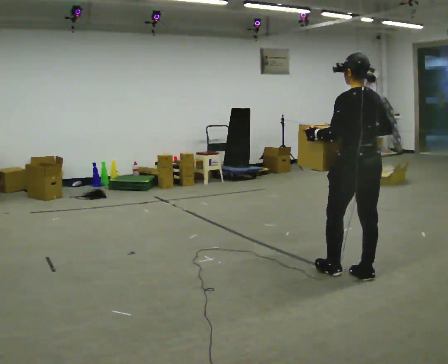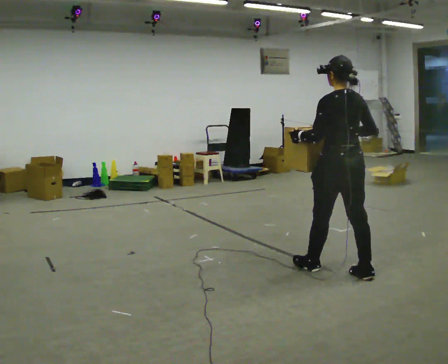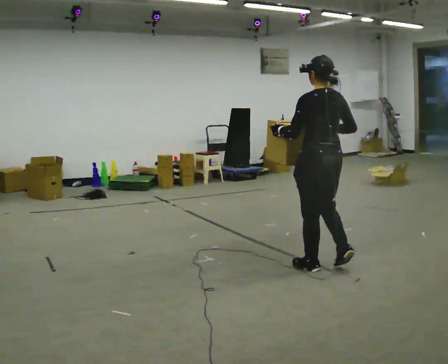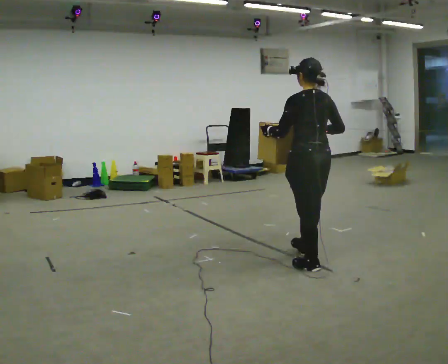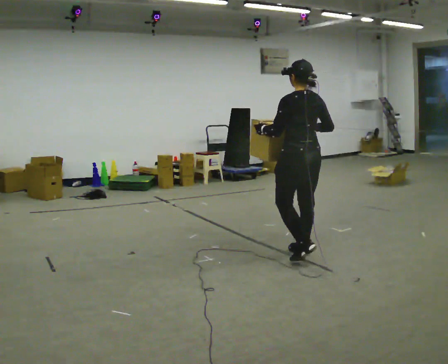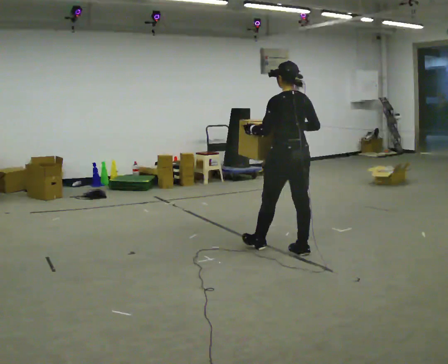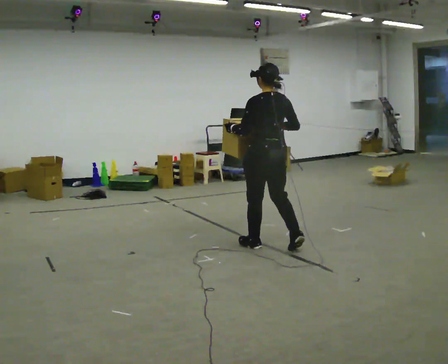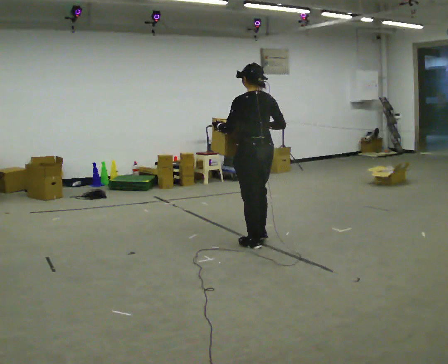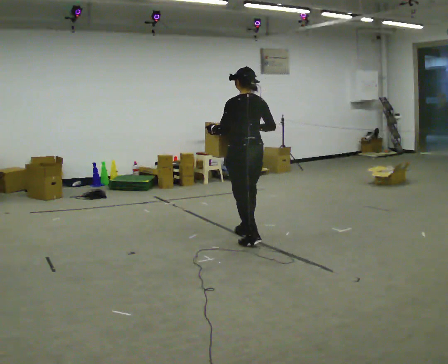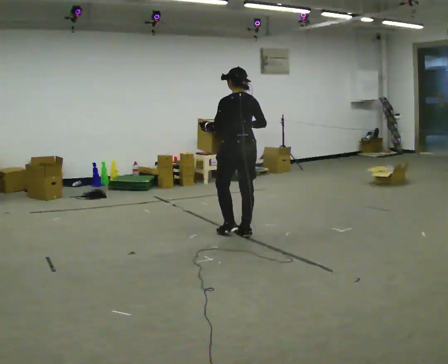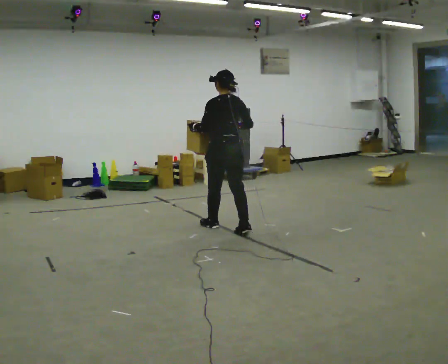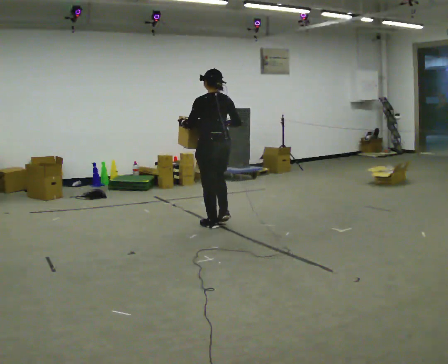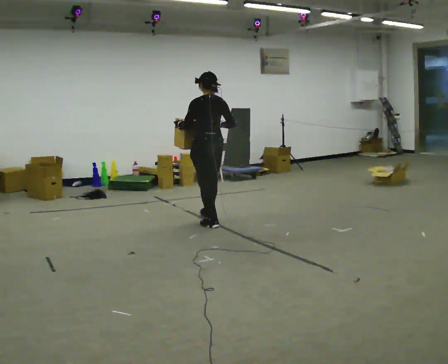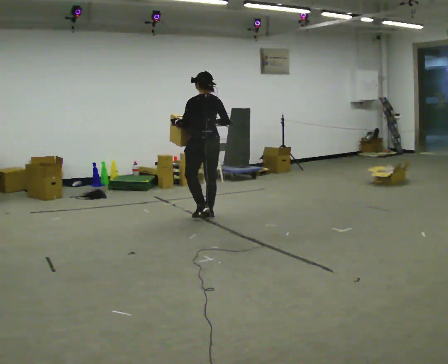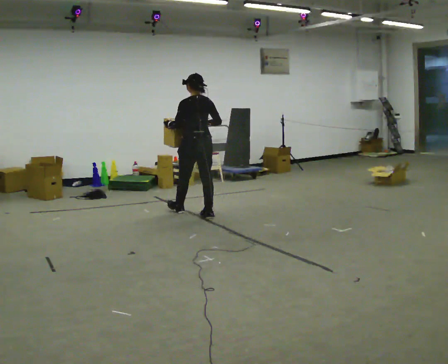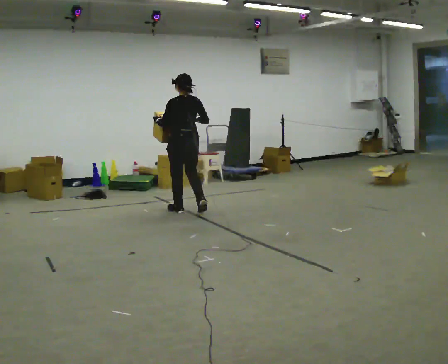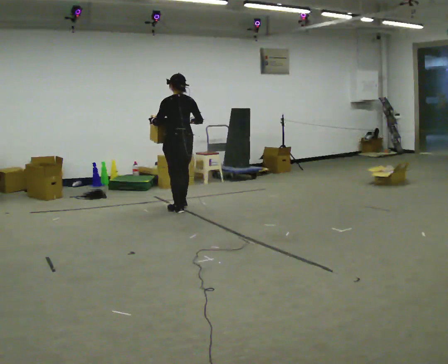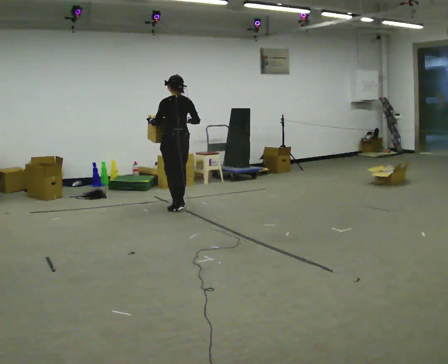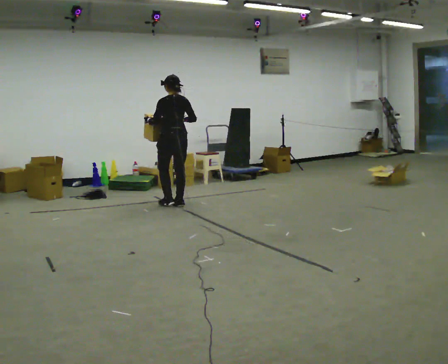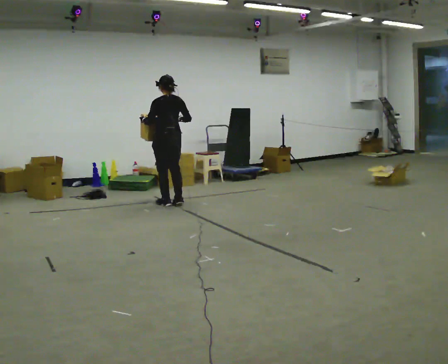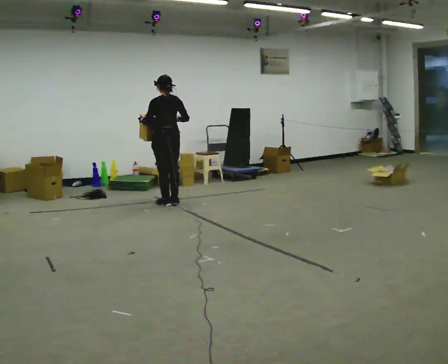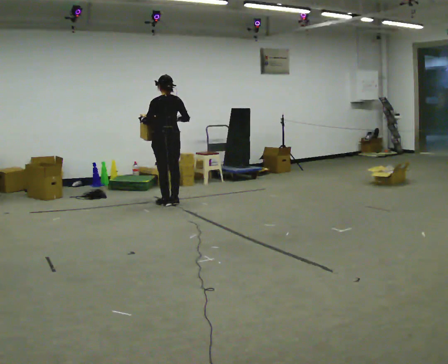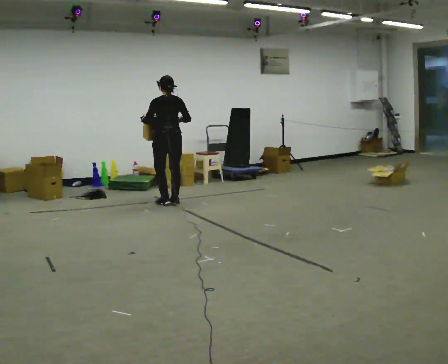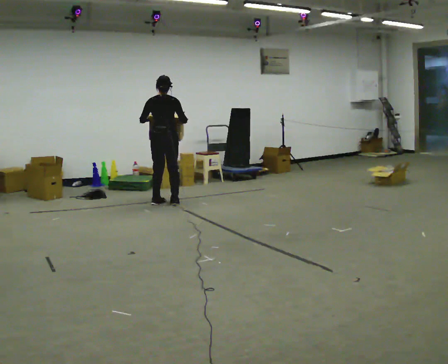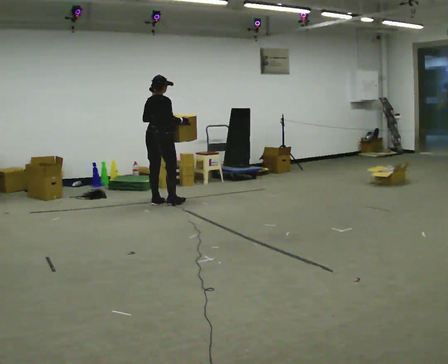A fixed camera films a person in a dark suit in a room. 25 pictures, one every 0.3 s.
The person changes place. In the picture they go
away from the camera.
0.0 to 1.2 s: In the picture they go away from the camera and to the left, about 0.75 m in 2 steps, which for them is forward.
1.2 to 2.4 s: In the picture they go away from the camera and to the left, about 0.5 m in 2 steps, which for them is forward.
2.4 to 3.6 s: In the picture they go away from the camera and to the left, about 1 m in 2 steps, which for them is forward.
3.6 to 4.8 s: In the picture they go away from the camera and to the left, about 0.75 m in 1 step, which for them is forward.
4.8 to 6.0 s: In the picture they go away from the camera and to the left, about 0.5 m in 2 steps, which for them is forward.
6.0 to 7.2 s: Seen from above the body turns clockwise, about 75 degrees: to their right, with its near side sliding to the left.
The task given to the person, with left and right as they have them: Carry the heavy box in both hands in front of you, walking back and forth across the room. Keep walking until the operator says stop. Set it down if you need a rest.
The film runs forward here.
